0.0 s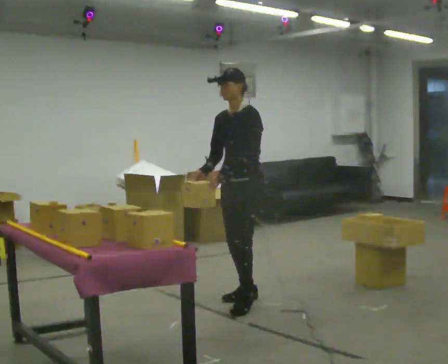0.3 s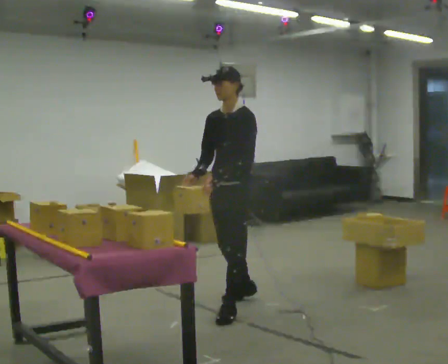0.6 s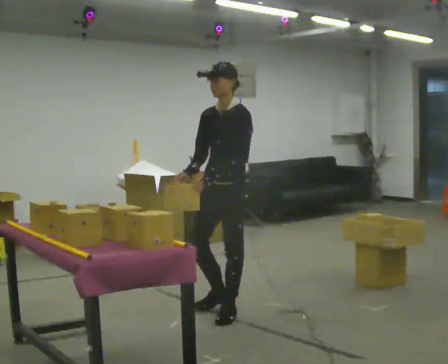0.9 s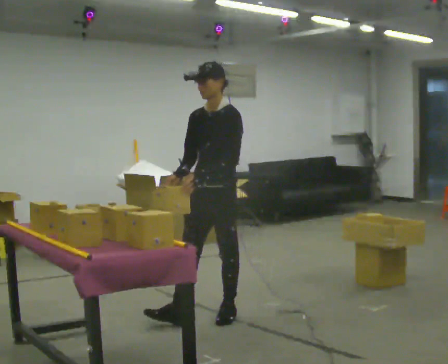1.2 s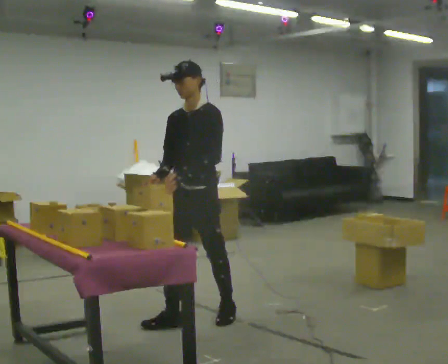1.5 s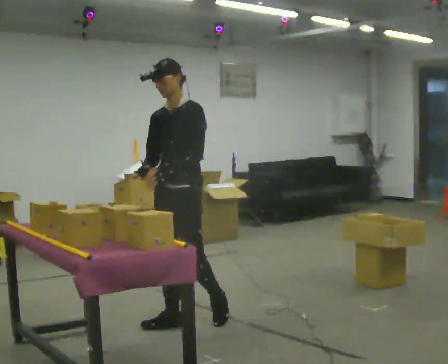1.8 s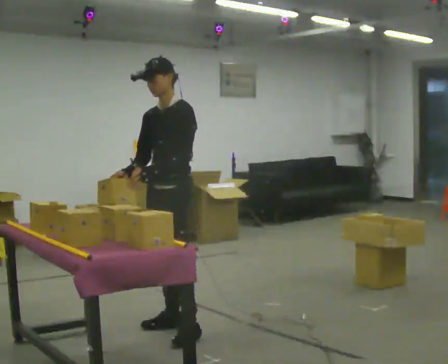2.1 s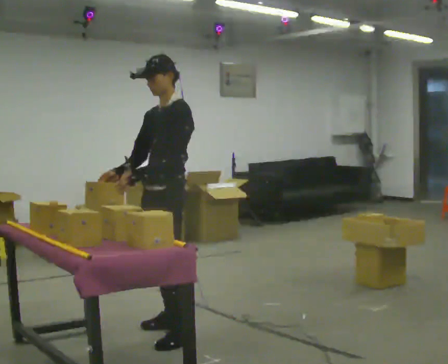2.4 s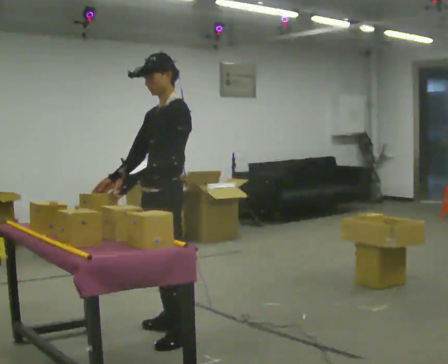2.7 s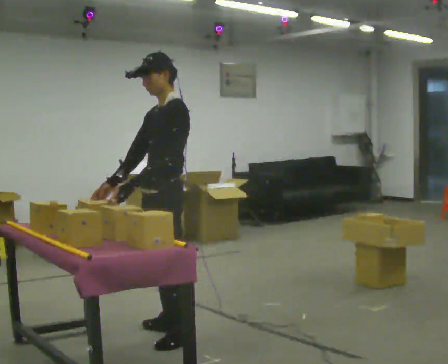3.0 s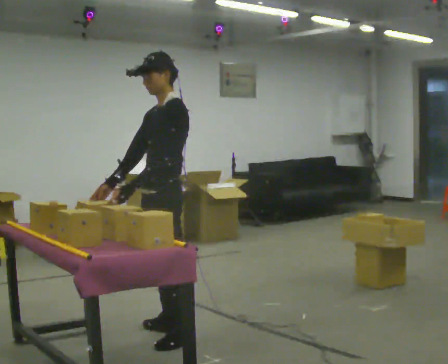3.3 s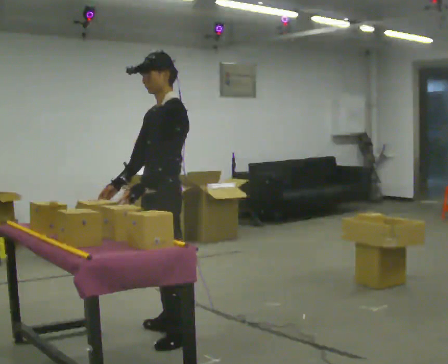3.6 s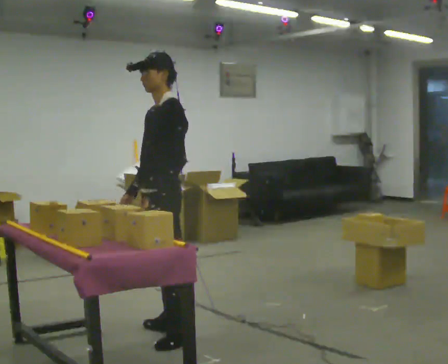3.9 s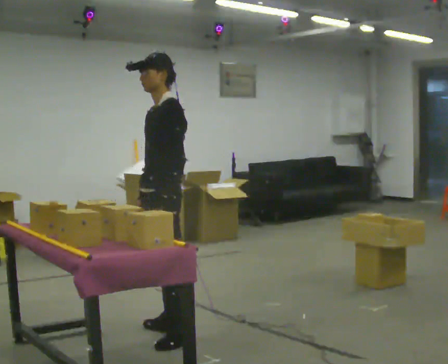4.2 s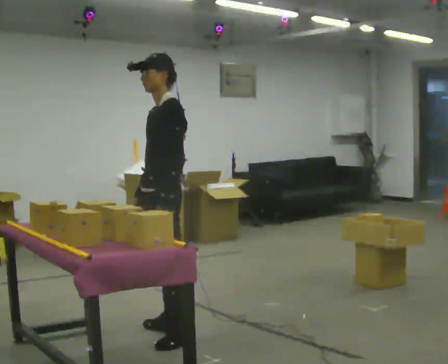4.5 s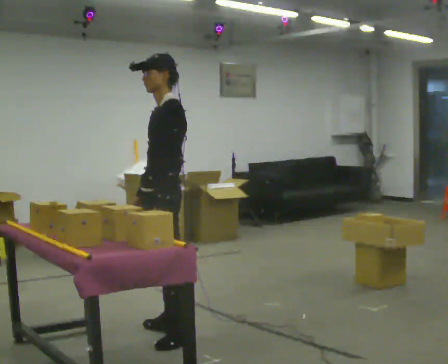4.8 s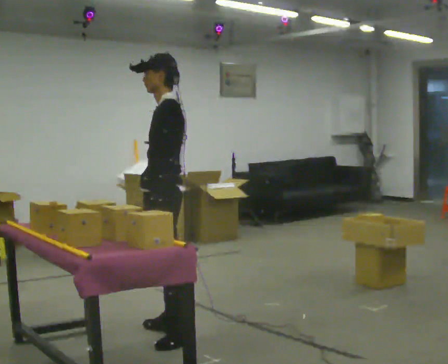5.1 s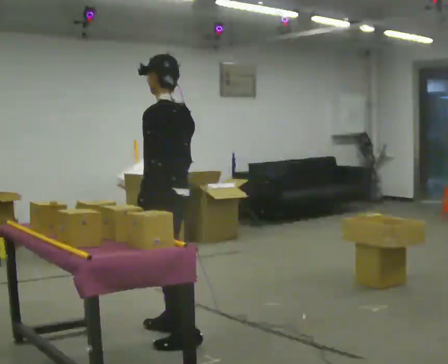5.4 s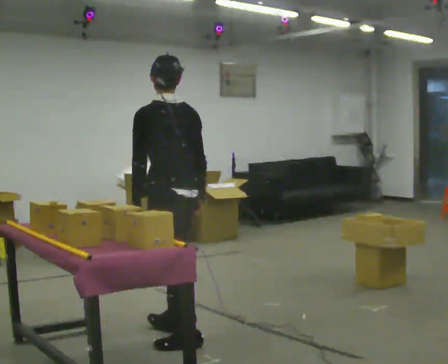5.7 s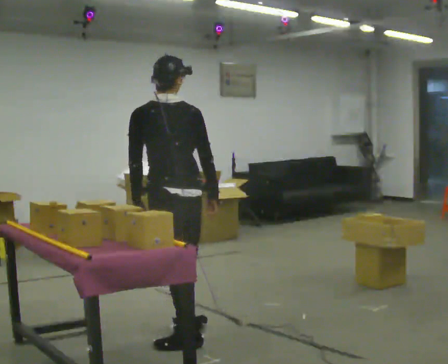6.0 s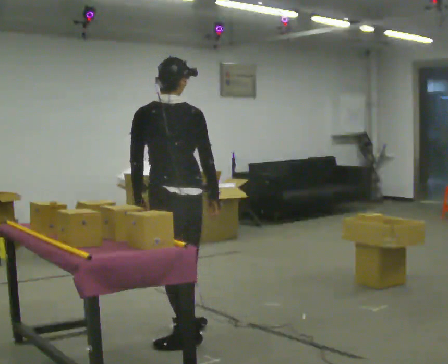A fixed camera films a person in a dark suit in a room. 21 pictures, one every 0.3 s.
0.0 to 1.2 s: In the picture they go toward the camera and to the left, about 0.5 m in 2 steps, which for them is forward.
1.2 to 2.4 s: The person turns about 30 degrees to their right, clockwise seen from above, so the part of the body nearest the lens slides to the left. In the picture they go toward the camera and to the left, about 0.5 m in 1 step, which for them is forward.
2.4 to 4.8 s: Seen from above the body turns clockwise, about 30 degrees: to their right, with its near side sliding to the left.
4.8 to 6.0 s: The part of the body nearest the lens slides to the left as the person turns to their right by about 75 degrees. In the picture their right hand goes to the right.
The film runs forward here.
